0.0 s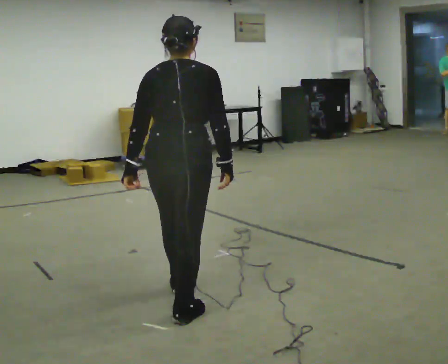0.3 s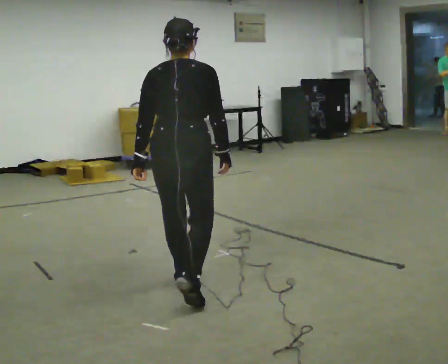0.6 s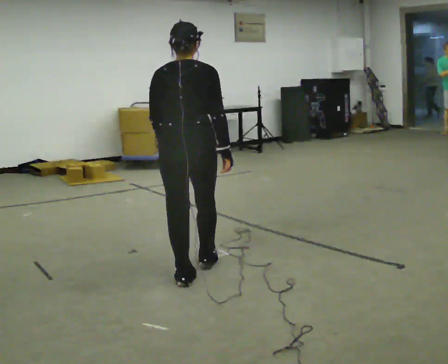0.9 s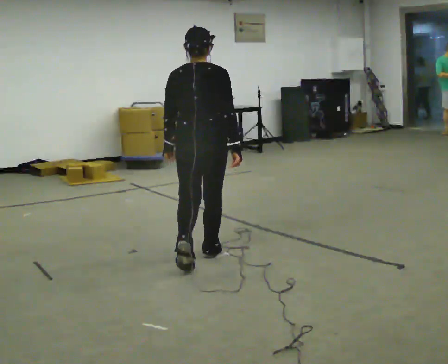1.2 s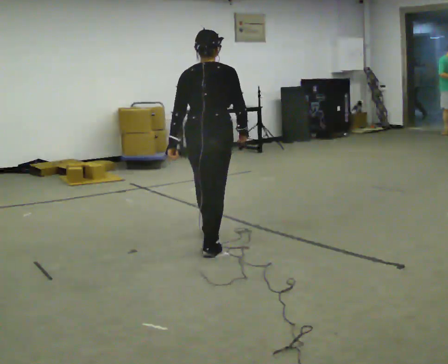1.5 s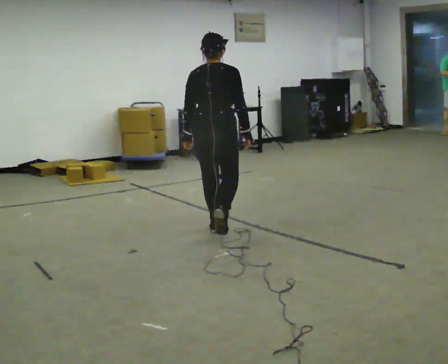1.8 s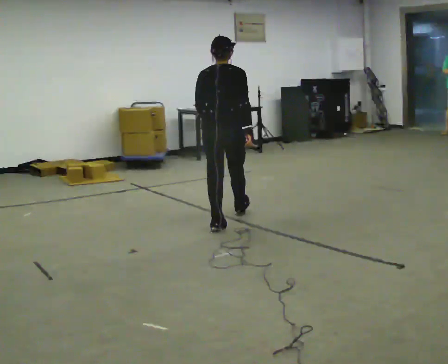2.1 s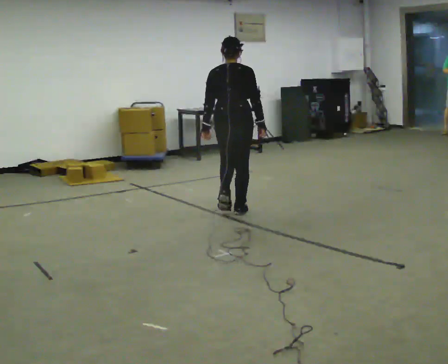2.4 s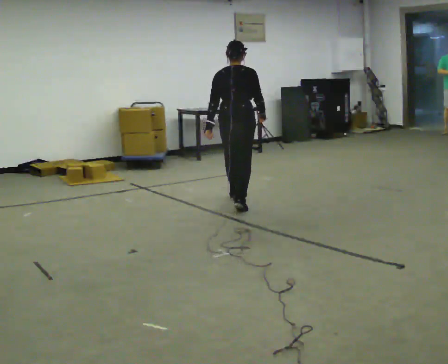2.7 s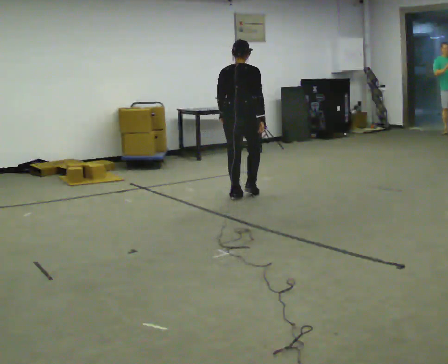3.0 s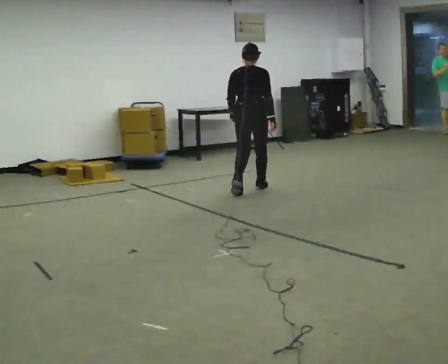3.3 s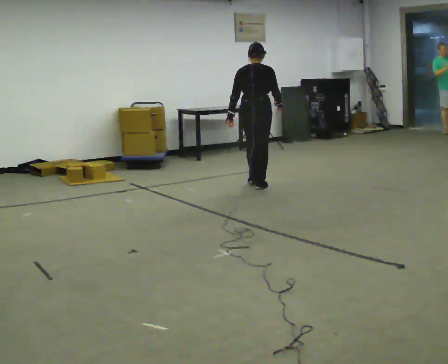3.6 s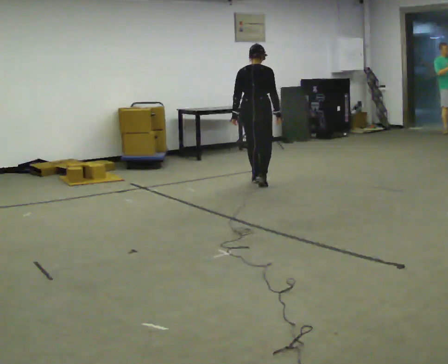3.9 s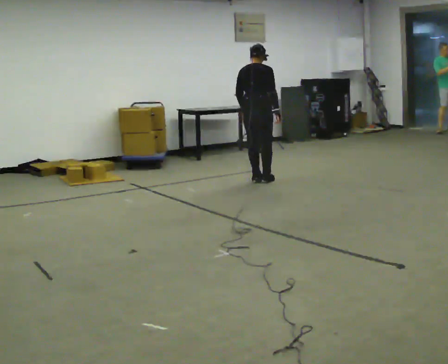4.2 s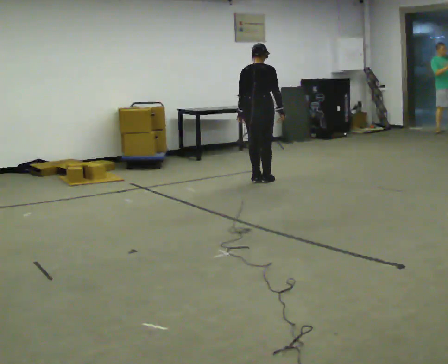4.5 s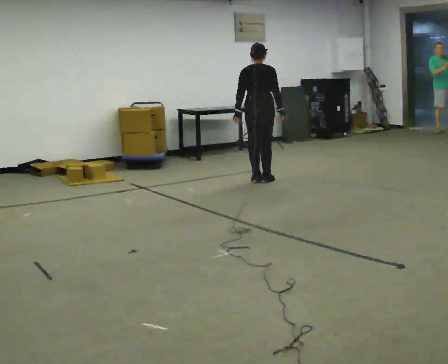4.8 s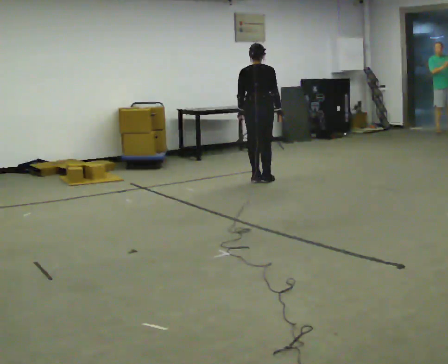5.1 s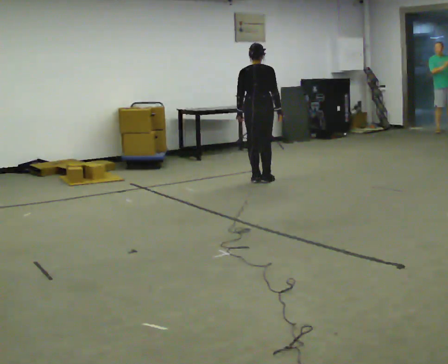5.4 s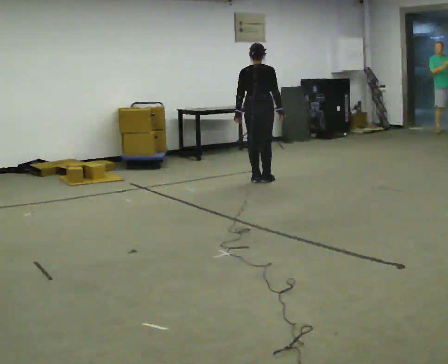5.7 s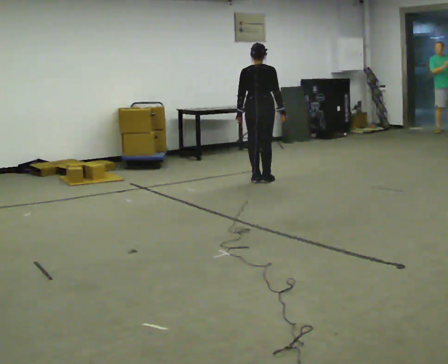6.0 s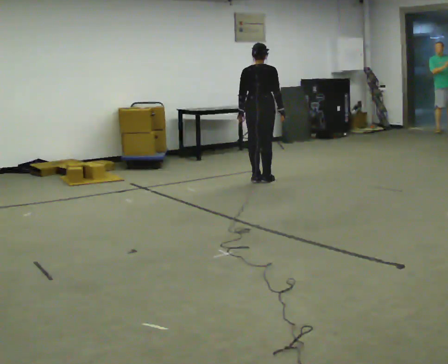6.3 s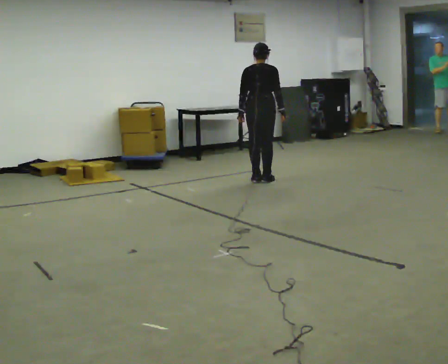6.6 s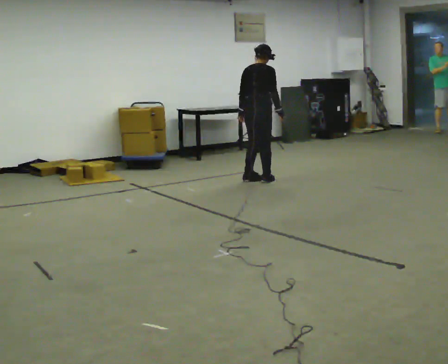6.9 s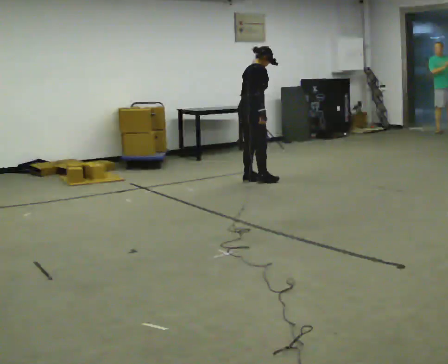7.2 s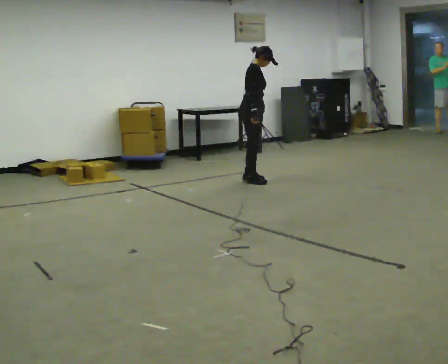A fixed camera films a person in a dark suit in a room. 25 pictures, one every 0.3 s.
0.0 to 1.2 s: In the picture they go away from the camera, about 1 m in 2 steps, which for them is forward.
1.2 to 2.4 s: In the picture they go away from the camera, about 1.5 m in 3 steps, which for them is forward.
2.4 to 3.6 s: In the picture they go away from the camera, about 1 m in 2 steps, which for them is forward.
3.6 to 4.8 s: In the picture they go away from the camera, about 0.25 m in 1 step, which for them is forward.
4.8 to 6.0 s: The person moves a little, or ends about where they began.
6.0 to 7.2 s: The person turns about 90 degrees to their right, clockwise seen from above, so the part of the body nearest the lens slides to the left. In the picture their right hand goes to the left.
The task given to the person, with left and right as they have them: Walk forward while moving diagonally left/right; finish ~45° from start direction.
The film runs forward here.
